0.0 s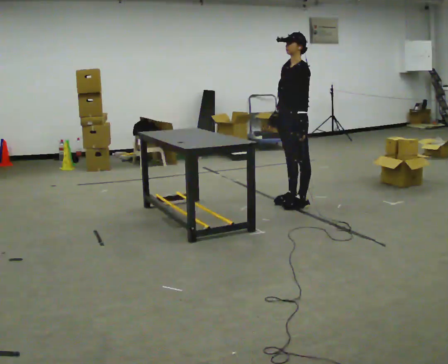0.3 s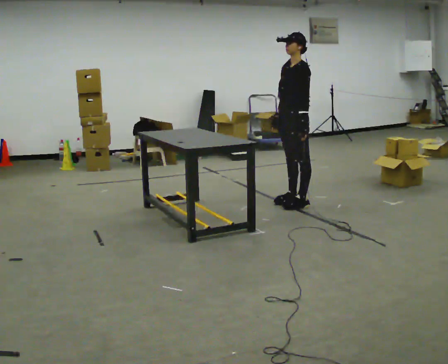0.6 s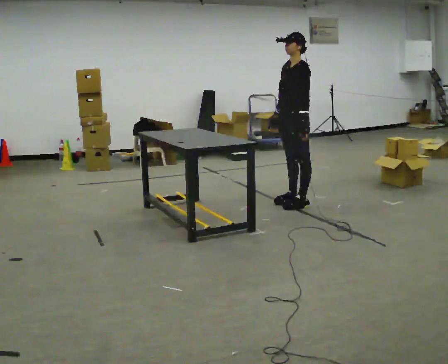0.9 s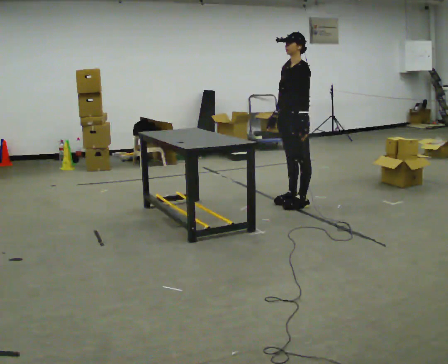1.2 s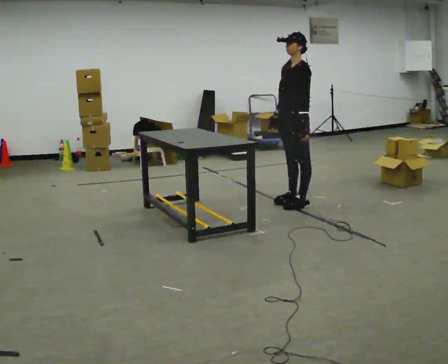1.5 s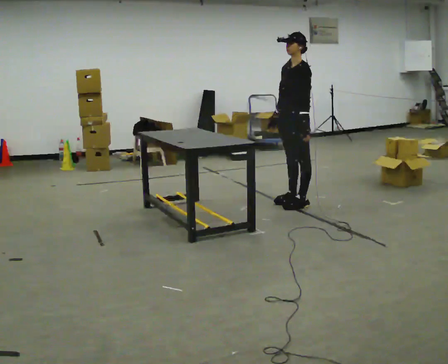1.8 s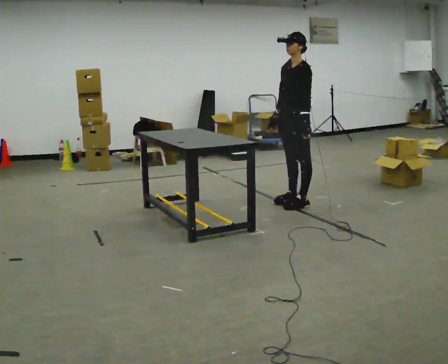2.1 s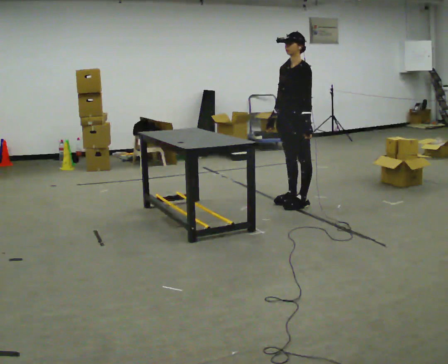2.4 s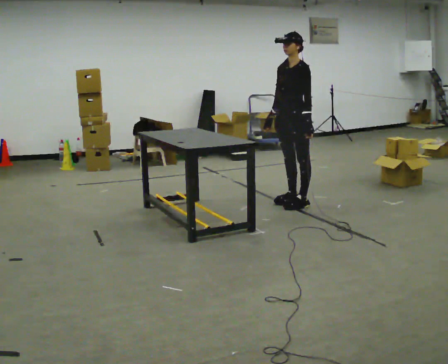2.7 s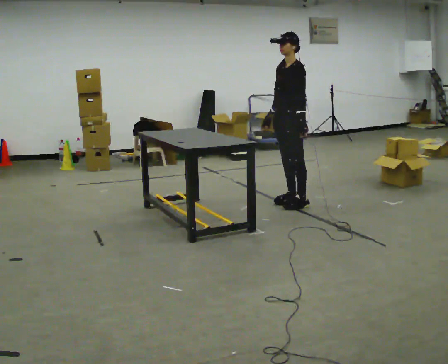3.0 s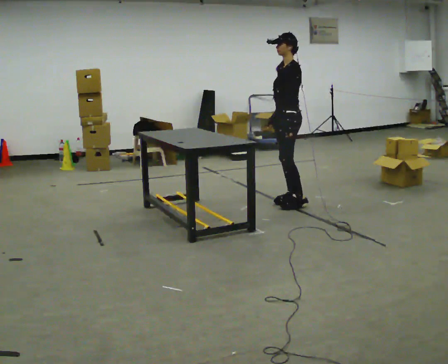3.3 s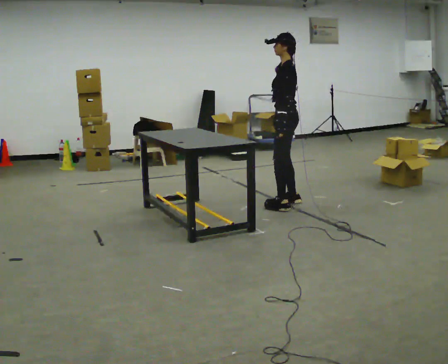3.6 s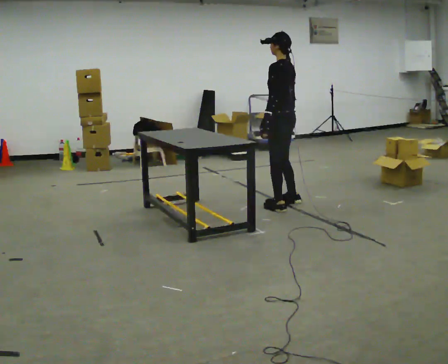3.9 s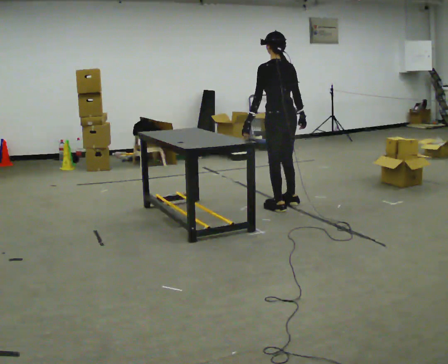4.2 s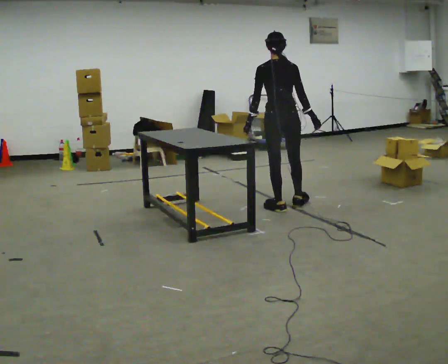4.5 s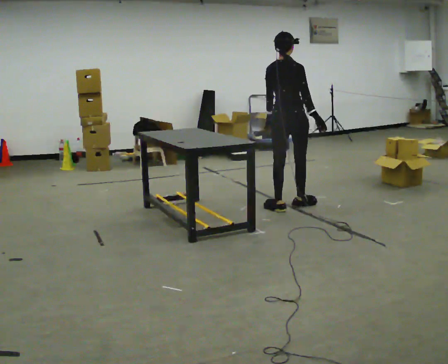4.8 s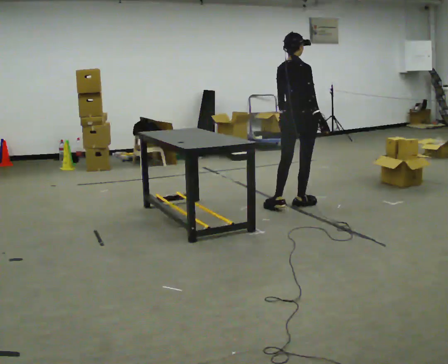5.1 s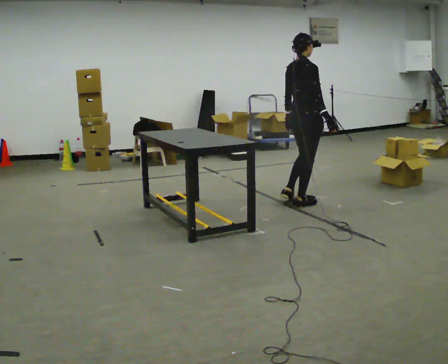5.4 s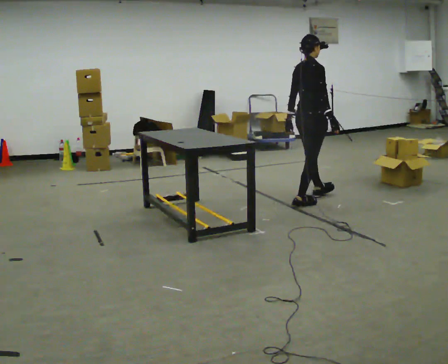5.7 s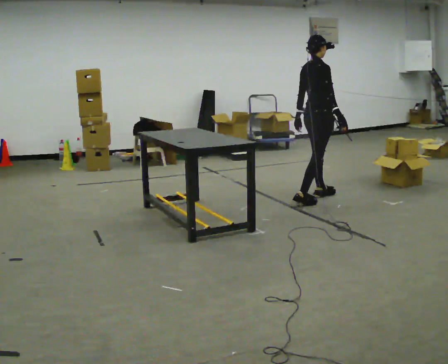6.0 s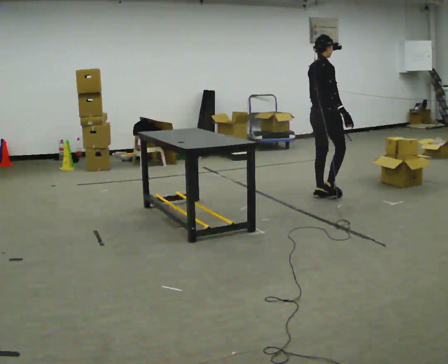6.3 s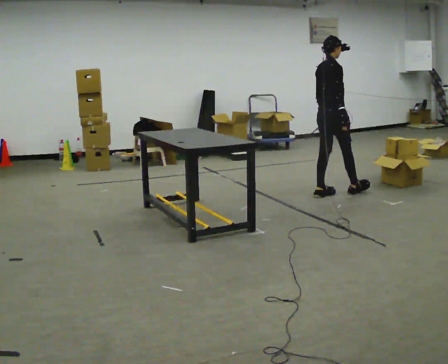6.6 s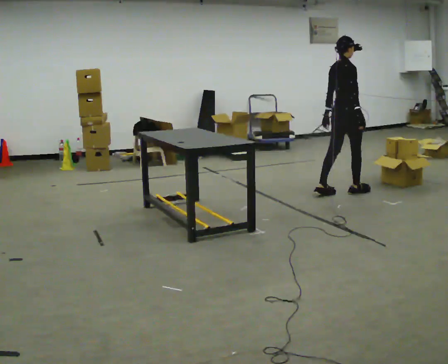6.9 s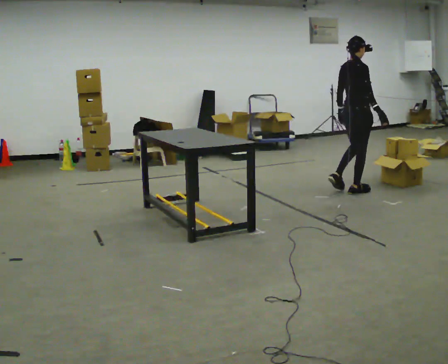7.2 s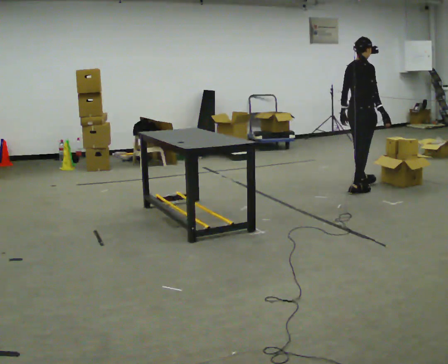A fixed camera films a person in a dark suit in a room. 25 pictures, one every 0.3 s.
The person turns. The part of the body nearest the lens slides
to the left.
The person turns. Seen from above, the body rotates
clockwise.
0.0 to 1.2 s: The person keeps their place and pose.
1.2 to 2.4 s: The person moves a little, or ends about where they began.
2.4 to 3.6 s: The person turns about 75 degrees to their right, clockwise seen from above, so the part of the body nearest the lens slides to the left.
3.6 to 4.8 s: The person turns about 90 degrees to their right, clockwise seen from above, so the part of the body nearest the lens slides to the left.
4.8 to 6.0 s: The person turns about 30 degrees to their right, clockwise seen from above, so the part of the body nearest the lens slides to the left. In the picture they go away from the camera and to the right, about 0.5 m in 1 step, which for them is forward.
6.0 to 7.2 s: In the picture they go to the right and away from the camera, about 0.5 m in 1 step, which for them is forward.
The film runs forward here.
